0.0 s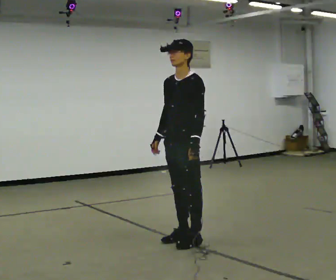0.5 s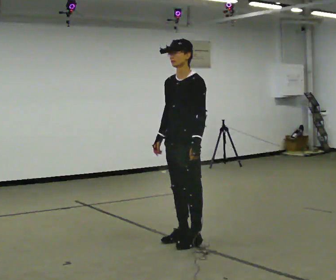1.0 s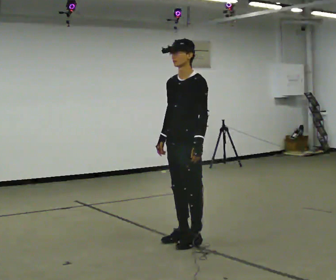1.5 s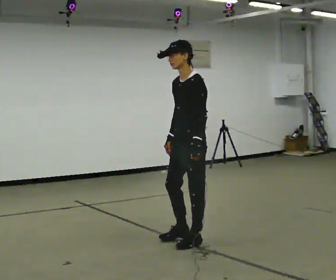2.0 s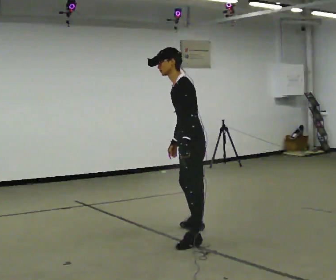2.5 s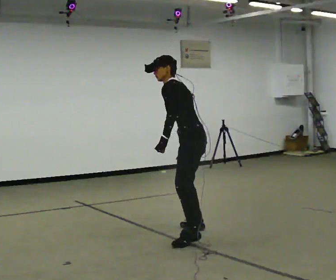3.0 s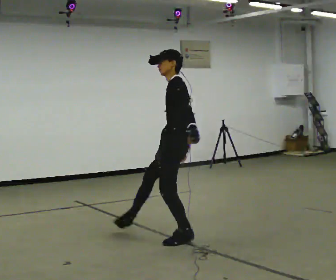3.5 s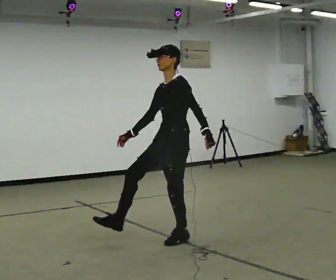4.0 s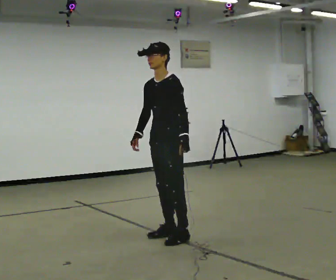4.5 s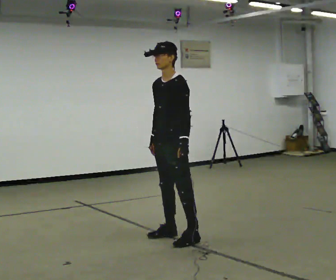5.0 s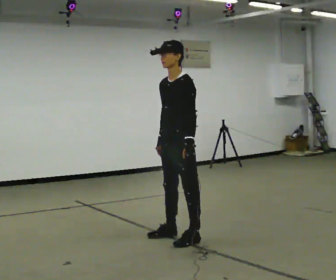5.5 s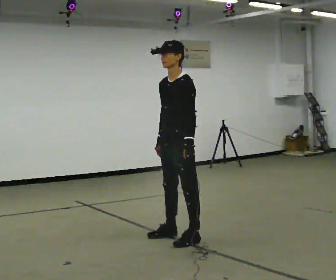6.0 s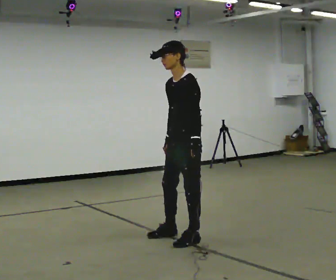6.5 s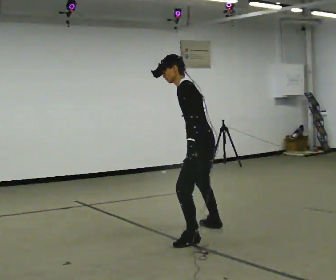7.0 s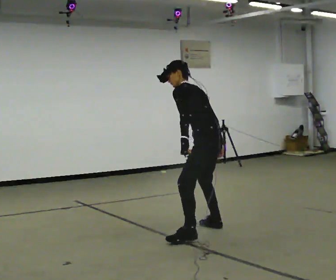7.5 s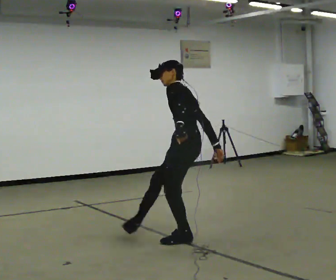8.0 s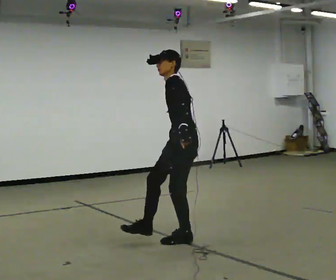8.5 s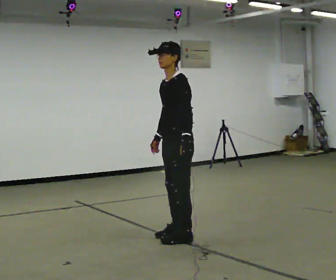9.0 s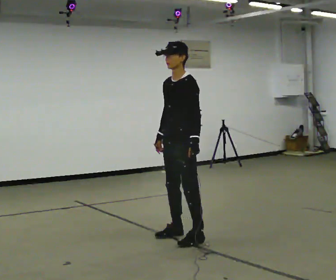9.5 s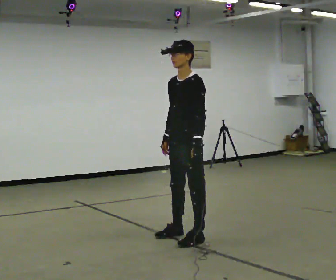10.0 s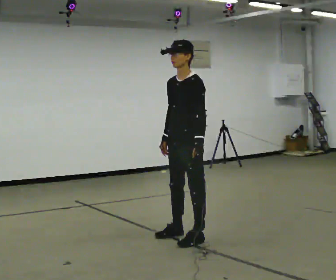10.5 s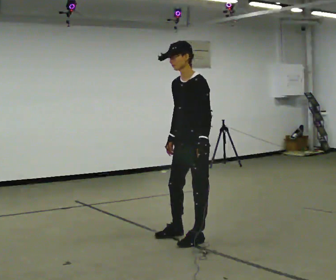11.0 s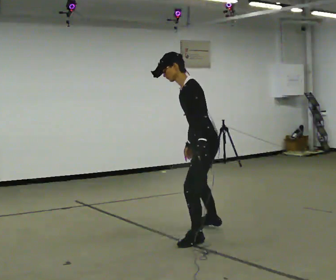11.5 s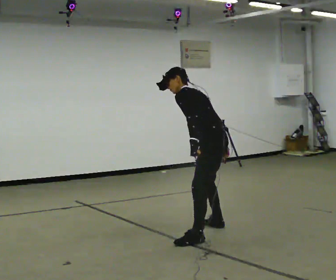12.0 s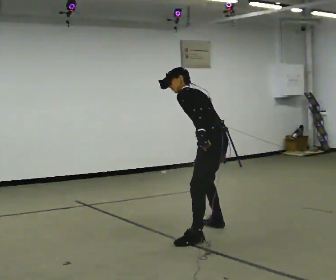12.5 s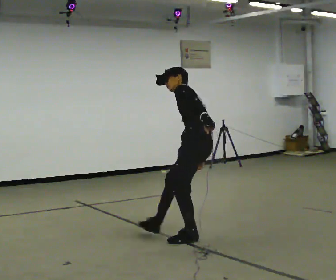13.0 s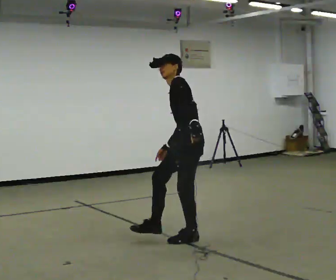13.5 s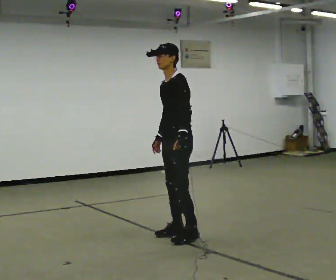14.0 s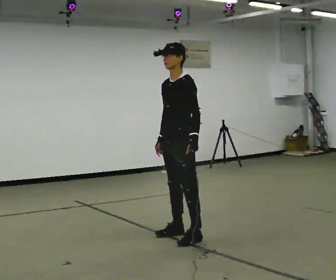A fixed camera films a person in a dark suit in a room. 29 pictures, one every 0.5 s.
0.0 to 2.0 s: The part of the body nearest the lens slides to the left as the person turns to their right by about 30 degrees. In the picture they go away from the camera, about 0.25 m in 1 step, which for them is backward. In the picture the upper body tilts counterclockwise, shoulders to the left, as they bend forward.
2.0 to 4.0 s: Seen from above the body turns counterclockwise, about 30 degrees: to their left, with its near side sliding to the right. In the picture they go to the left, about 0.25 m in 1 step. In the picture their right hand goes to the left.
4.0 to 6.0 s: In the picture they go to the right, about 0.25 m, which for them is to their left.
6.0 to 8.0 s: The person turns about 30 degrees to their right, clockwise seen from above, so the part of the body nearest the lens slides to the left.
8.0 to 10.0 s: The part of the body nearest the lens slides to the right as the person turns to their left by about 45 degrees. The upper body tips toward the camera, its near side rolling downward.
10.0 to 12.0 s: The part of the body nearest the lens slides to the left as the person turns to their right by about 75 degrees. In the picture they go away from the camera and to the right, about 0.25 m in 1 step. In the picture the upper body tilts counterclockwise, shoulders to the left, as they bend forward.
12.0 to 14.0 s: Seen from above the body turns counterclockwise, about 75 degrees: to their left, with its near side sliding to the right. In the picture they go to the left and toward the camera, about 0.25 m in 1 step. In the picture the upper body tilts clockwise, shoulders to the right, as they lean back or straighten.
The film runs forward here.
